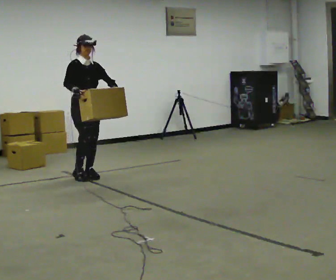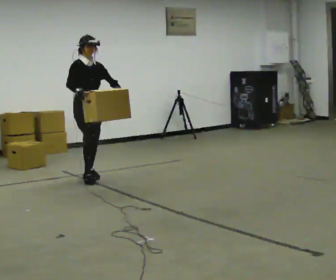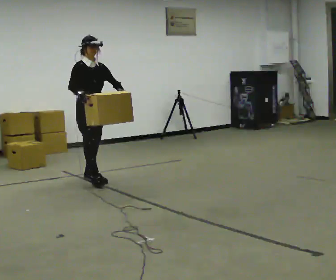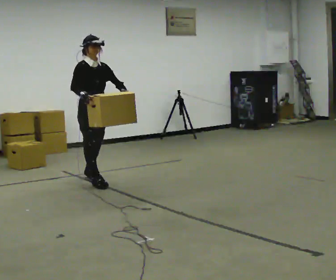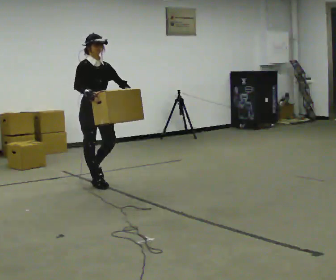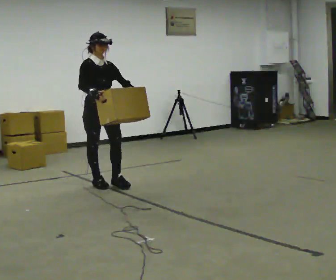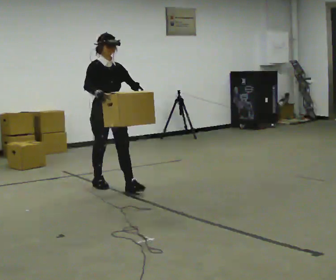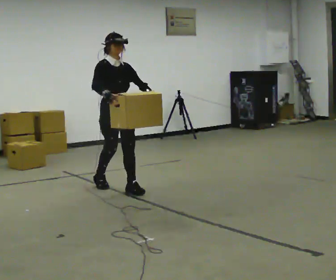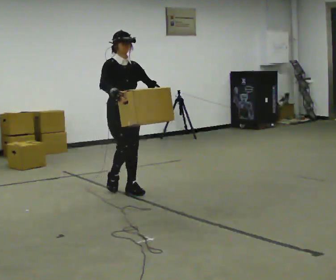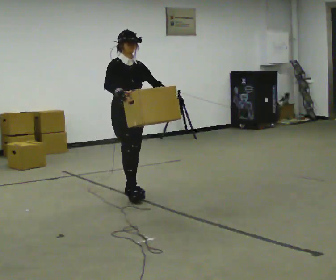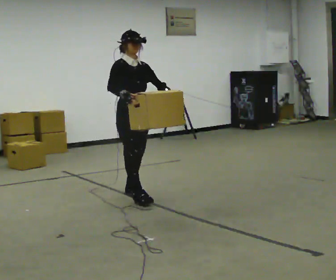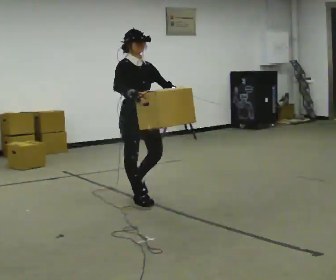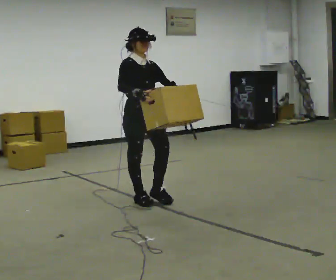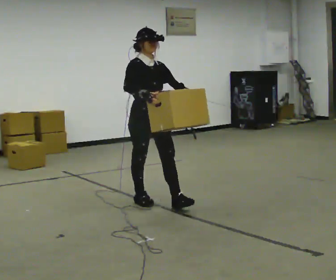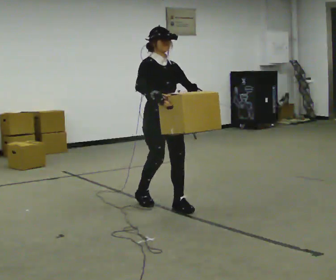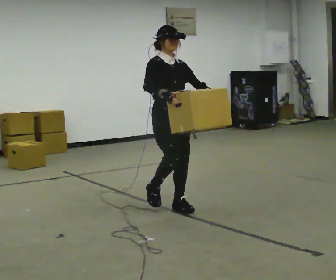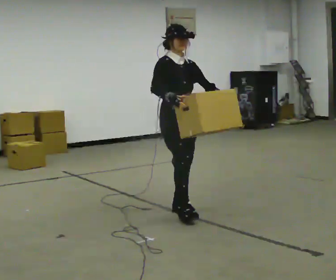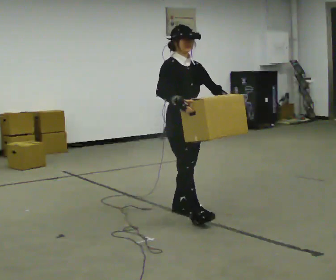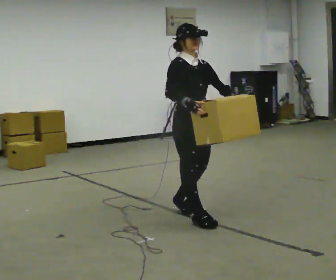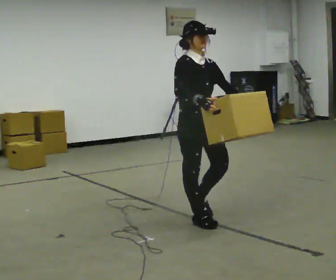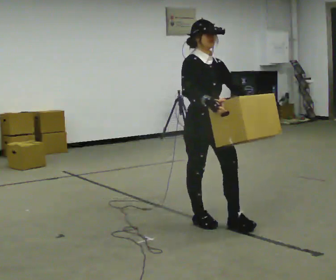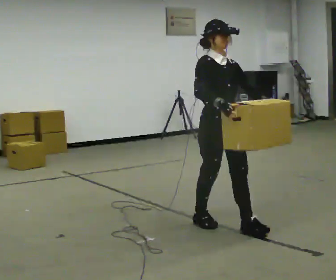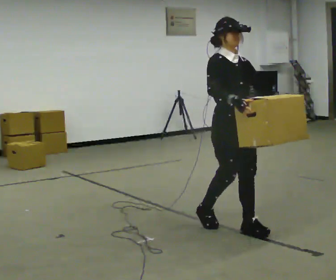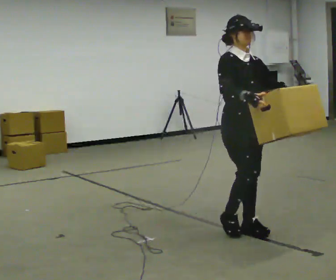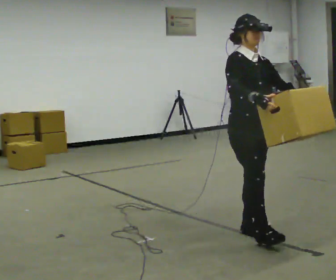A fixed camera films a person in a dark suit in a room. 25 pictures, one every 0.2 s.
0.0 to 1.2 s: In the picture they go toward the camera and to the right, about 0.5 m in 2 steps, which for them is forward.
1.2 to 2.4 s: In the picture they go toward the camera and to the right, about 0.75 m in 1 step, which for them is forward.
2.4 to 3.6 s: In the picture they go toward the camera and to the right, about 0.5 m in 2 steps, which for them is forward.
3.6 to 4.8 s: In the picture they go toward the camera and to the right, about 0.5 m in 1 step, which for them is forward.
The film runs forward here.
